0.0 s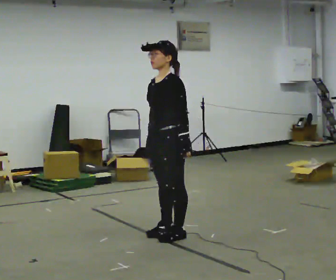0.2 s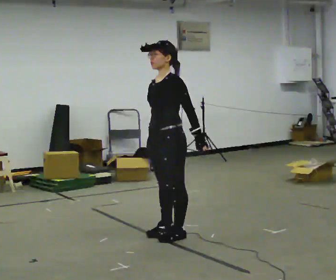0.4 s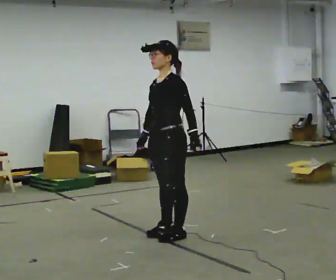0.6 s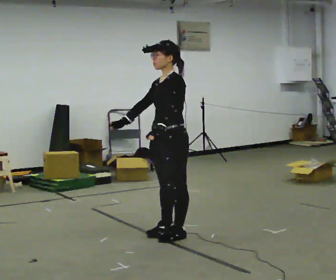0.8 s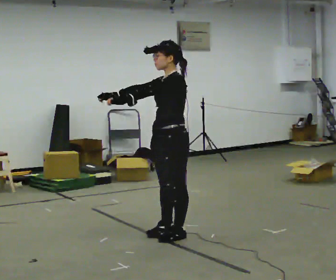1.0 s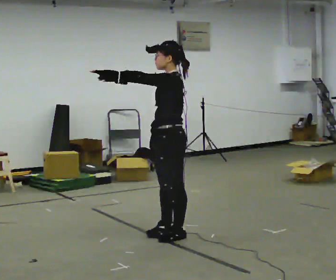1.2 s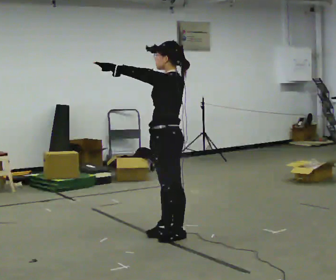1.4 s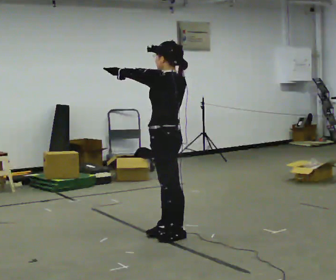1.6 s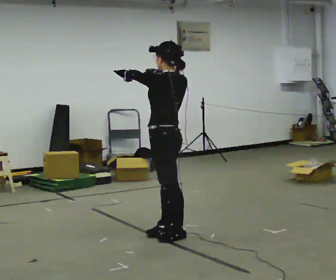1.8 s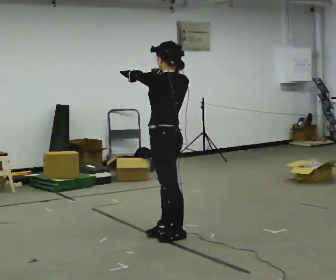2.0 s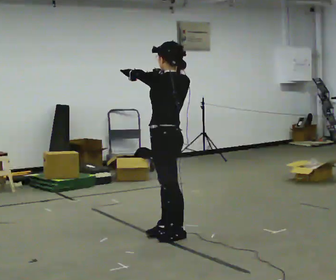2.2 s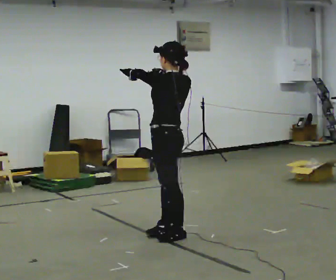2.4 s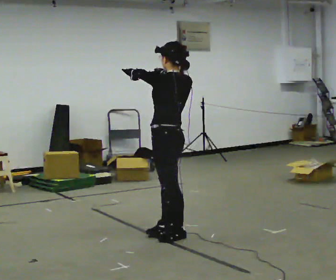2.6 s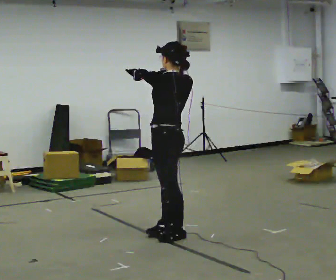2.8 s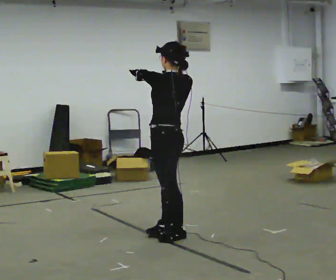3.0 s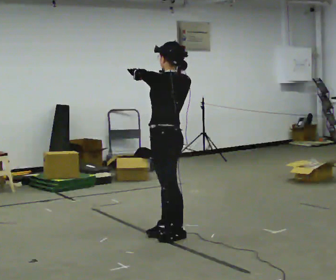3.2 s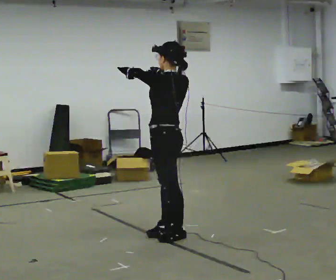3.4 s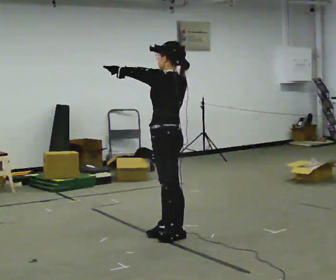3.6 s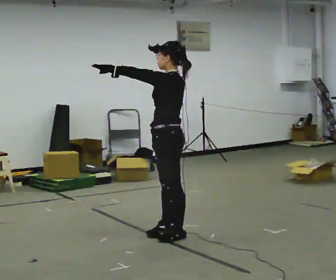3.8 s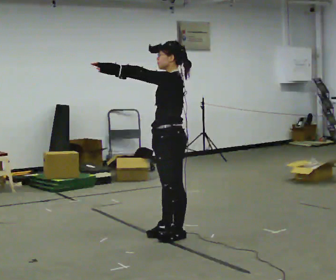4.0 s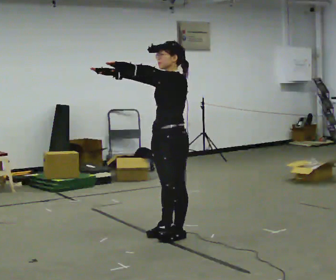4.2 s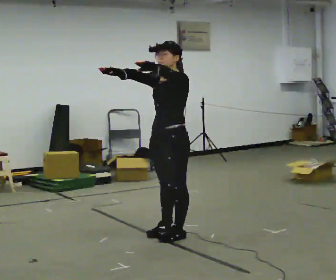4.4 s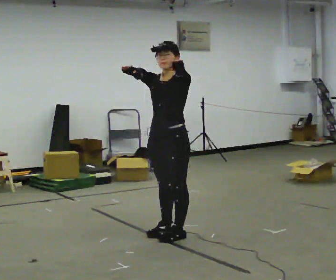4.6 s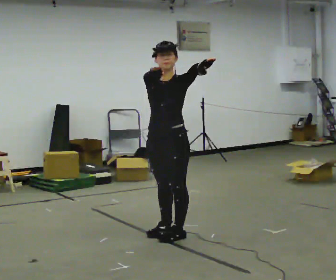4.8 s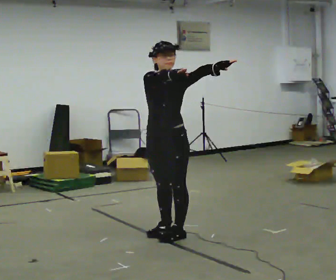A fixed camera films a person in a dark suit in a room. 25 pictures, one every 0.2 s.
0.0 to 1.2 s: Seen from above the body turns clockwise, about 30 degrees: to their right, with its near side sliding to the left. In the picture their left hand goes to the left and upward, the arm swinging clockwise.
1.2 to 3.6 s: The person moves a little, or ends about where they began.
3.6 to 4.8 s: Seen from above the body turns counterclockwise, about 90 degrees: to their left, with its near side sliding to the right. In the picture their left hand goes to the right.
The film runs backward here.
